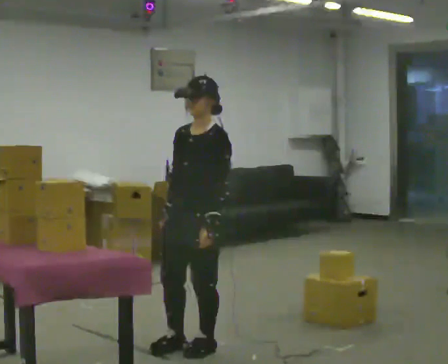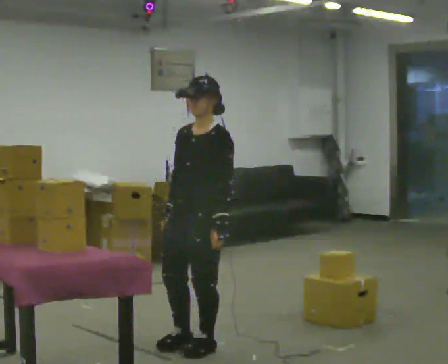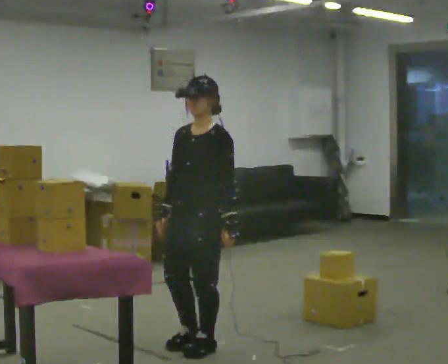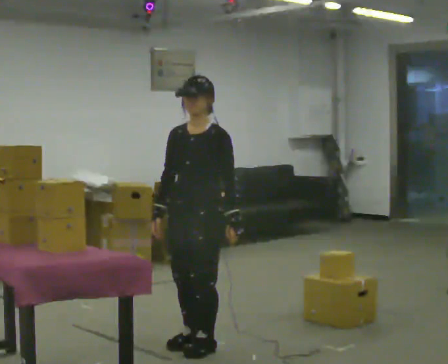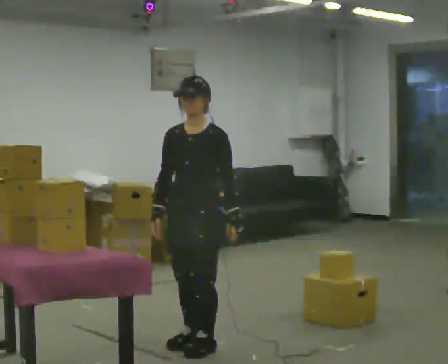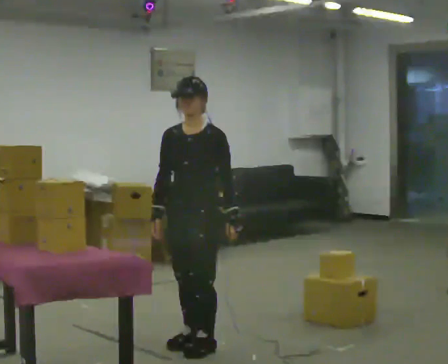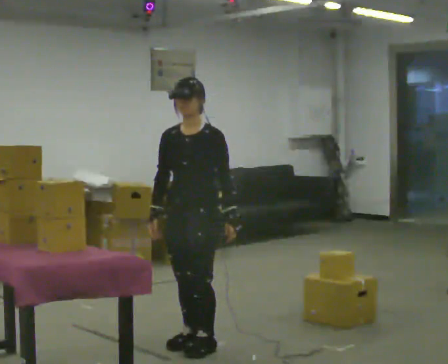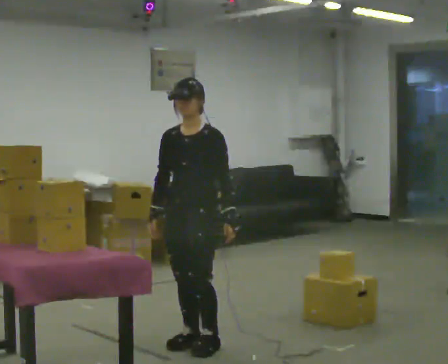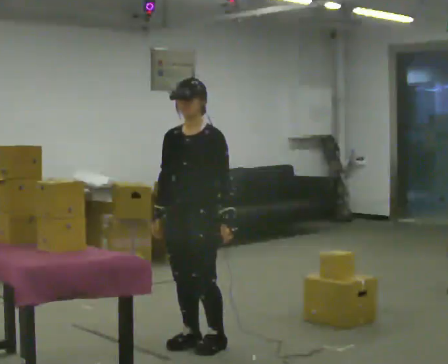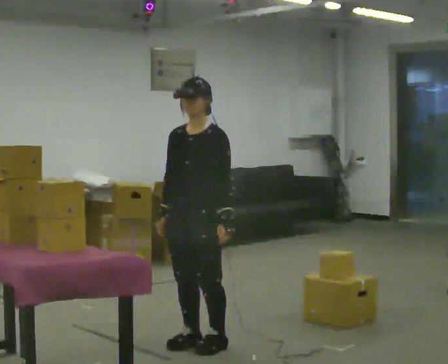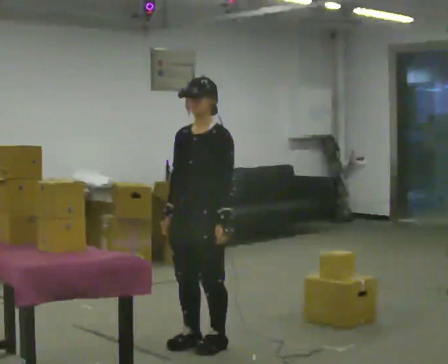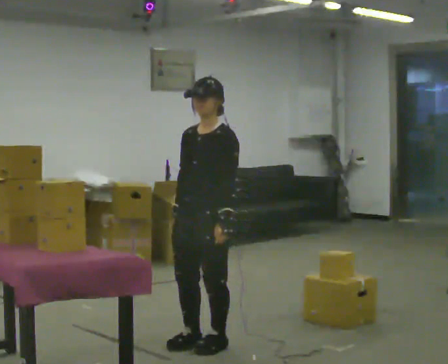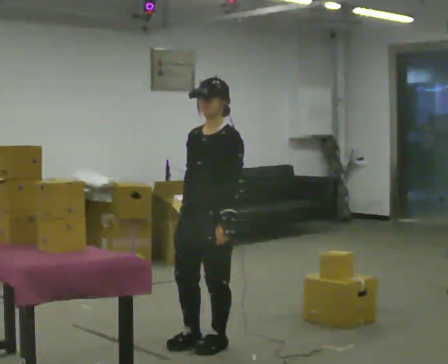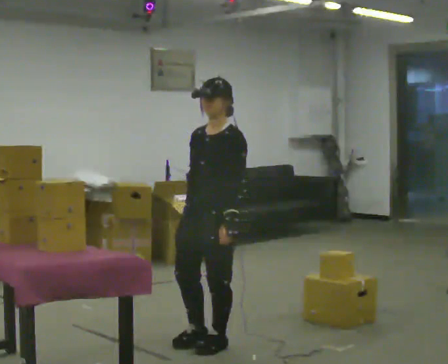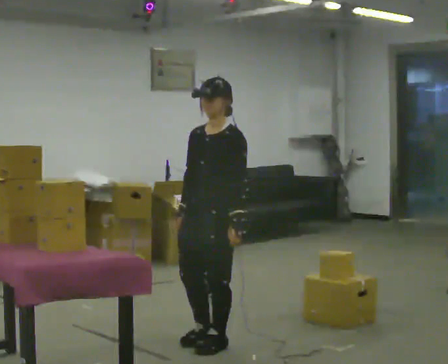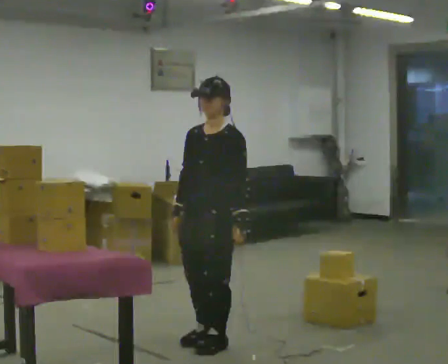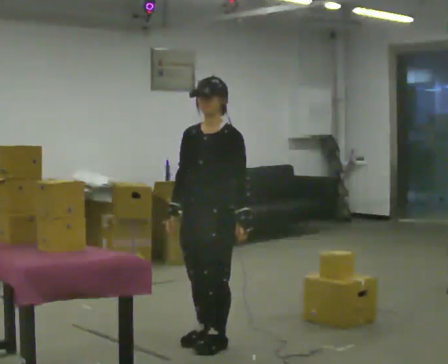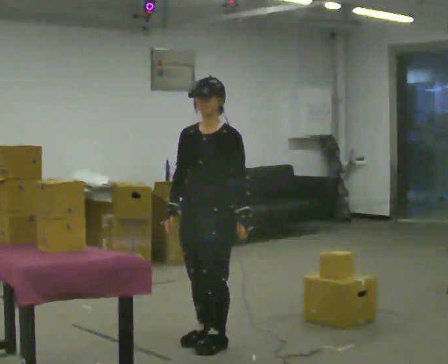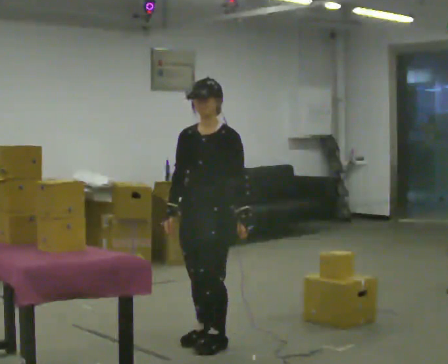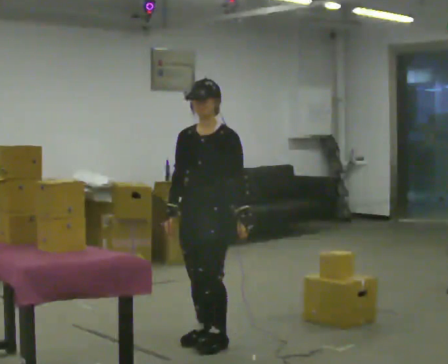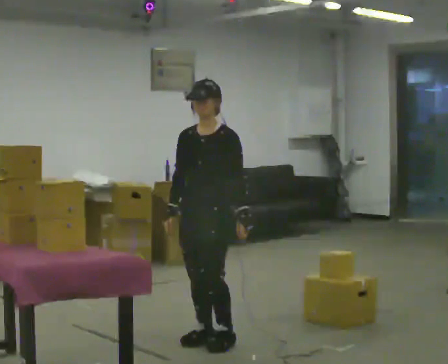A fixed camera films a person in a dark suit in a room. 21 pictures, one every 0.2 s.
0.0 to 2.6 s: The person moves a little, or ends about where they began.
2.6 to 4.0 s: In the picture they go away from the camera, about 0.25 m.
The film runs backward here.
